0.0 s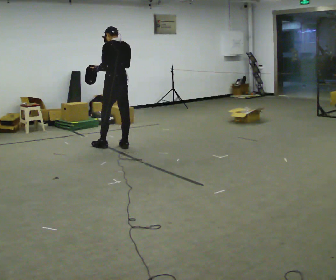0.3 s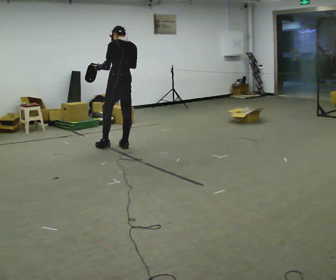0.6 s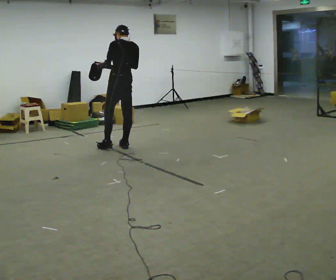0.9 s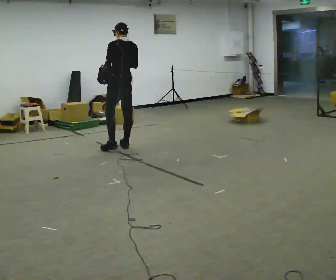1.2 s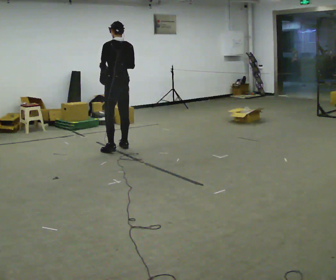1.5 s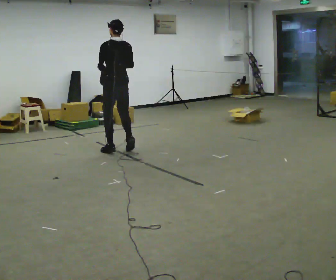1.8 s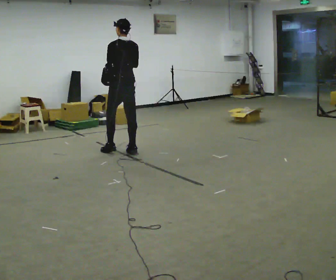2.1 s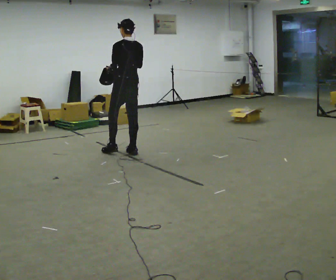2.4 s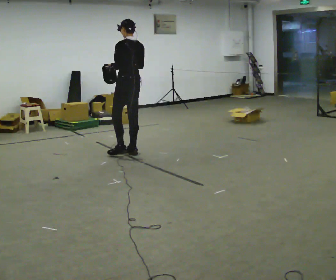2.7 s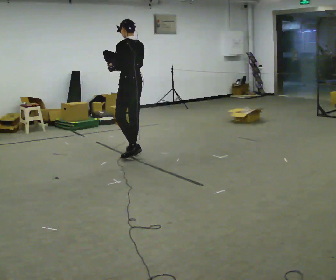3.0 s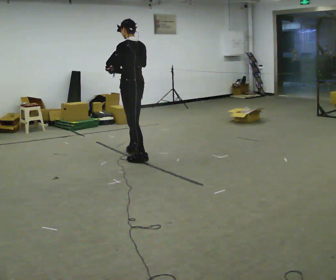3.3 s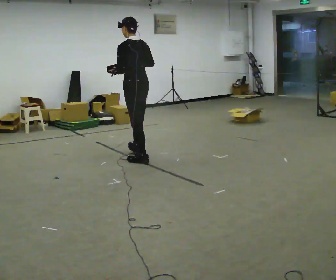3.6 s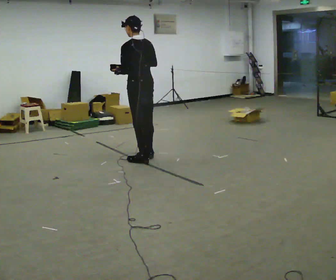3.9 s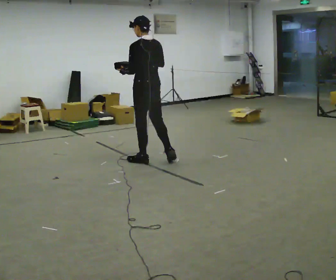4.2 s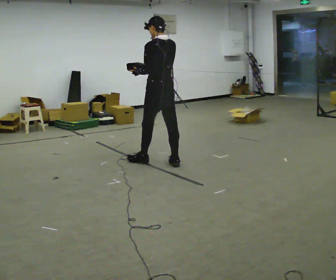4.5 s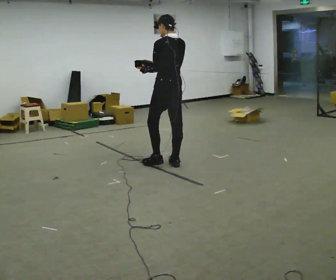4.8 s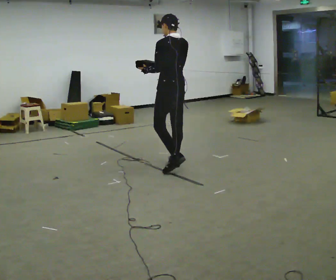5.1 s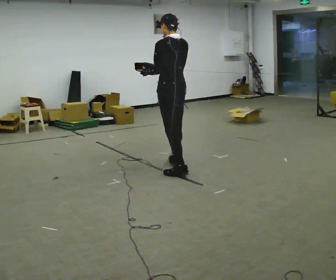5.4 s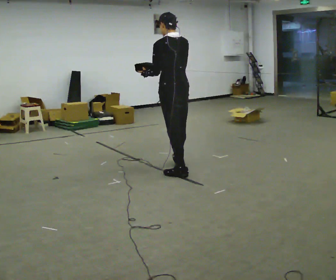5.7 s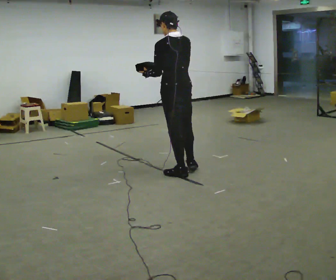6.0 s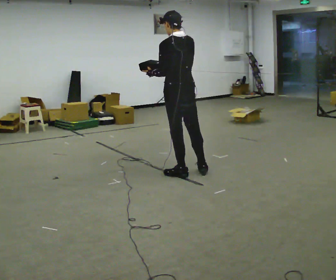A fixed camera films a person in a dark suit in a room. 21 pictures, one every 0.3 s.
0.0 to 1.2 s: The person moves a little, or ends about where they began.
1.2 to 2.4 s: In the picture they go toward the camera and to the right, about 0.25 m in 2 steps, which for them is backward.
2.4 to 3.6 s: In the picture they go toward the camera and to the right, about 0.5 m in 1 step, which for them is backward and to their left.
3.6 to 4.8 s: In the picture they go to the right and toward the camera, about 0.5 m in 1 step, which for them is backward.
4.8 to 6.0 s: In the picture they go toward the camera, about 0.25 m in 1 step, which for them is backward.
The film runs backward here.
